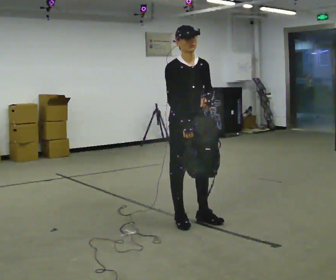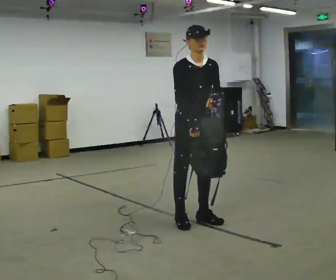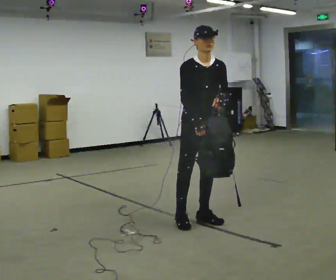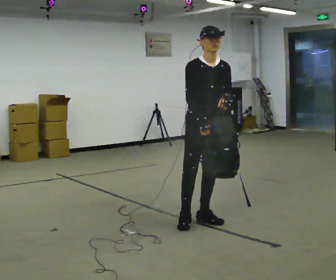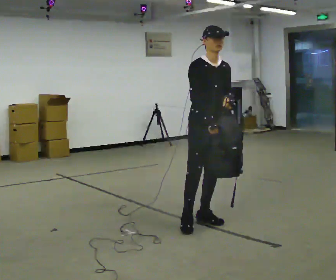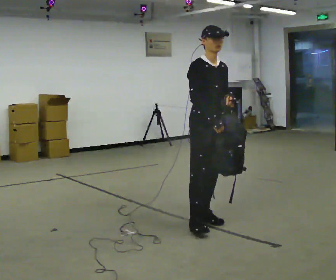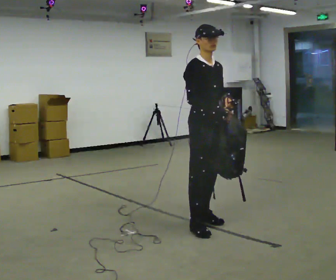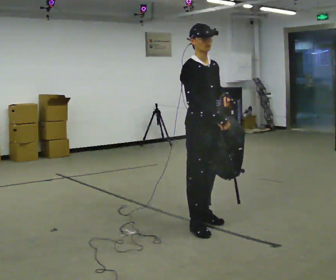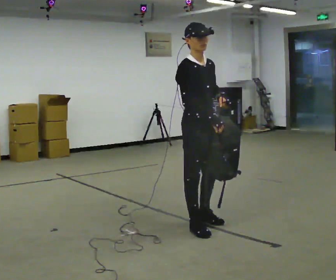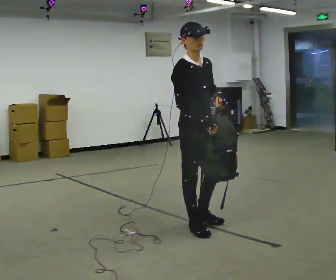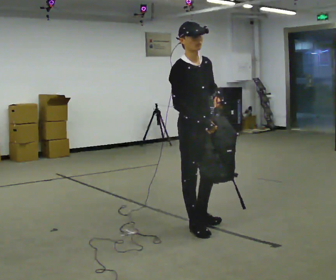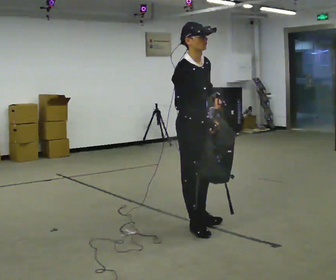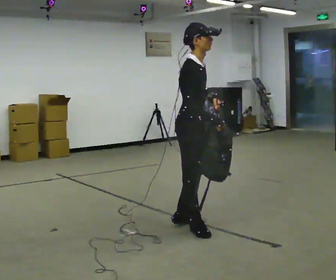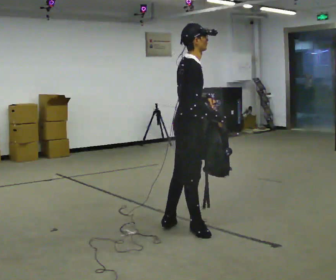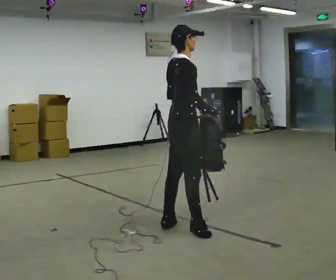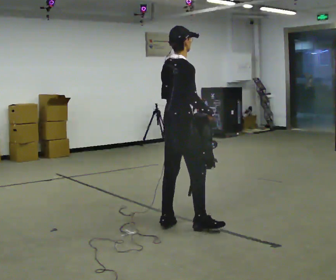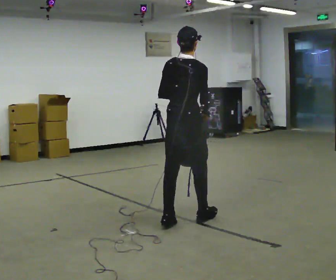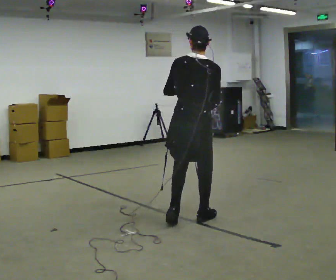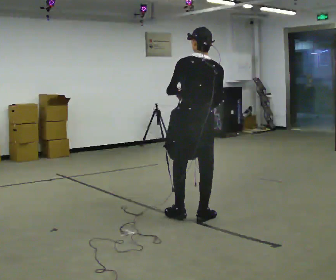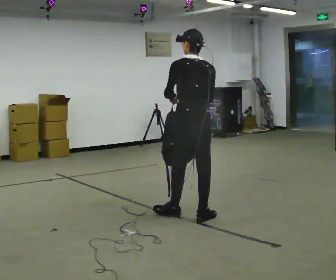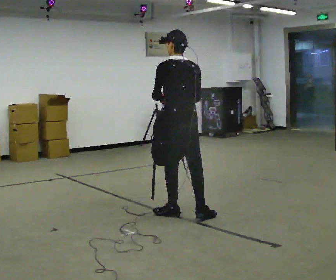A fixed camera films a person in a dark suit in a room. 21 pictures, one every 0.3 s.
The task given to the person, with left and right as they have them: Carry the bag and, while walking, undo the buckle or zip, then do it up again. Keep repeating as you walk. Do not stop.
0.0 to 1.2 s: In the picture they go to the right, about 0.25 m, which for them is to their left.
1.2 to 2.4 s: In the picture they go toward the camera, about 0.25 m in 1 step, which for them is to their right.
2.4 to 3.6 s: Seen from above the body turns counterclockwise, about 30 degrees: to their left, with its near side sliding to the right.
3.6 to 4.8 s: The person turns about 60 degrees to their left, counterclockwise seen from above, so the part of the body nearest the lens slides to the right. In the picture they go away from the camera, about 0.25 m in 2 steps.
4.8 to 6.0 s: The person turns about 45 degrees to their left, counterclockwise seen from above, so the part of the body nearest the lens slides to the right. In the picture they go away from the camera, about 0.25 m in 1 step, which for them is forward.
The film runs forward here.
